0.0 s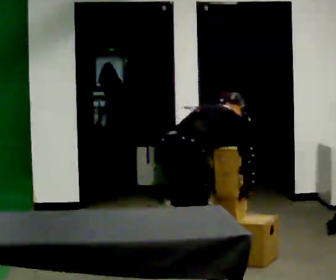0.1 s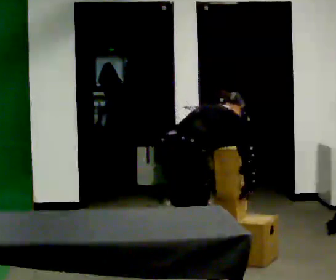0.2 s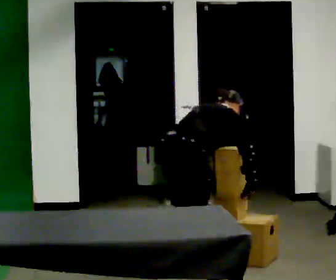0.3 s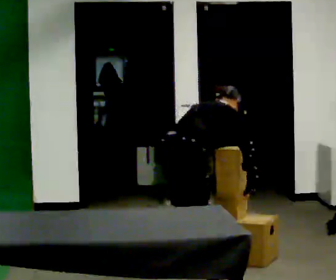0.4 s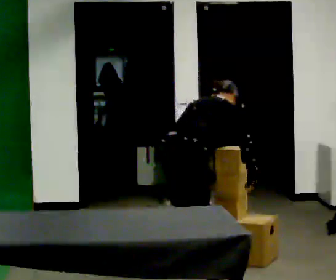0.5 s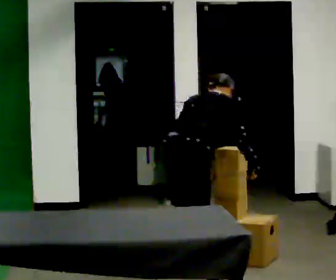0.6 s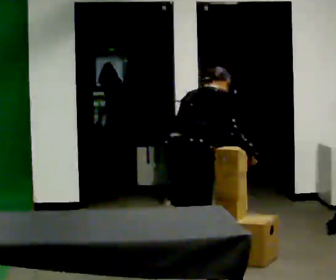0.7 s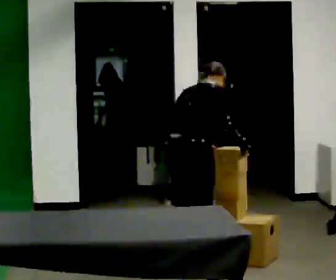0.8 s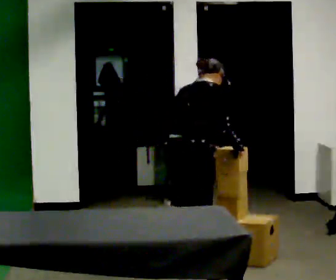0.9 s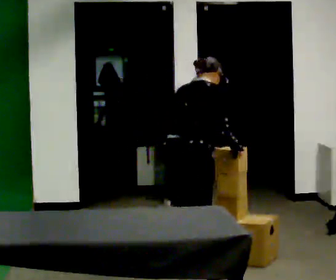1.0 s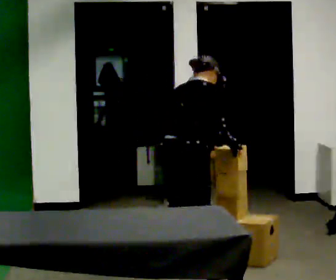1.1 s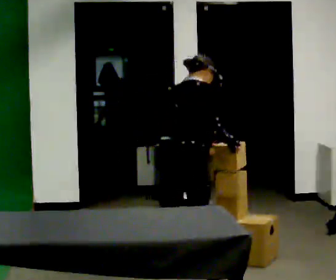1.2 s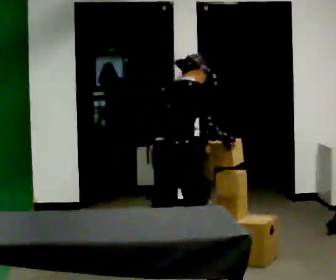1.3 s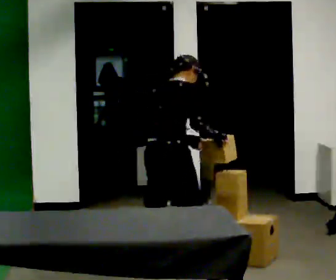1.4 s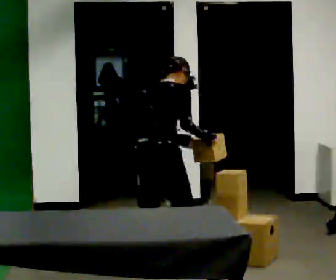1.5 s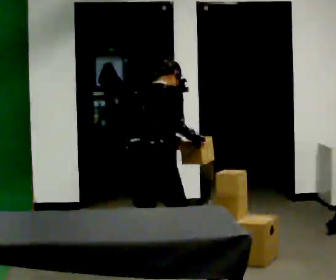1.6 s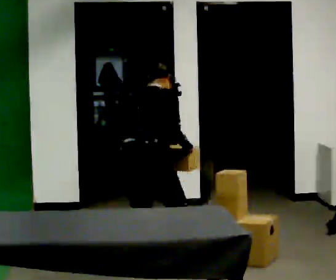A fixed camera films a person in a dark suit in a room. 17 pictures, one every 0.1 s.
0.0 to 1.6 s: In the picture they go to the left, about 0.25 m in 2 steps, which for them is to their left and backward. In the picture the upper body tilts counterclockwise, shoulders to the left, as they lean back or straighten. In the picture their right hand goes to the left.
The film runs backward here.
